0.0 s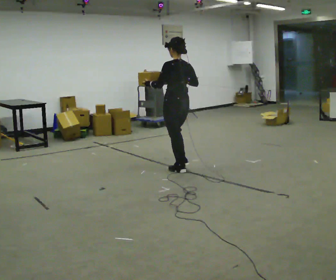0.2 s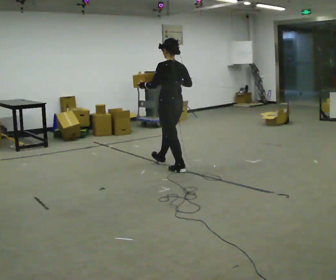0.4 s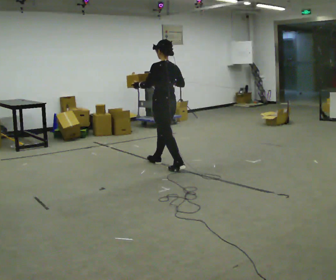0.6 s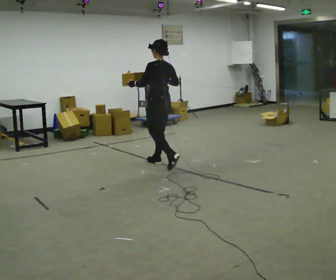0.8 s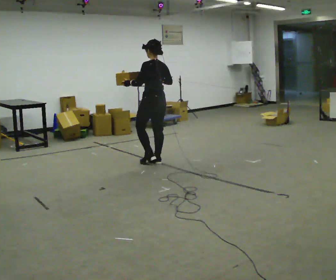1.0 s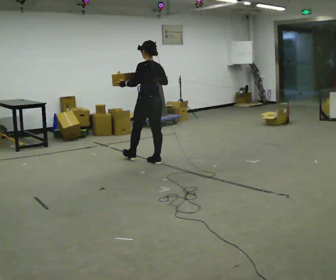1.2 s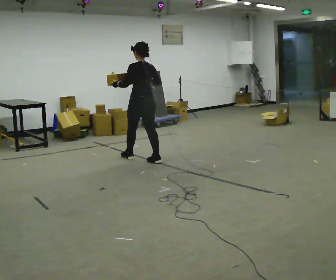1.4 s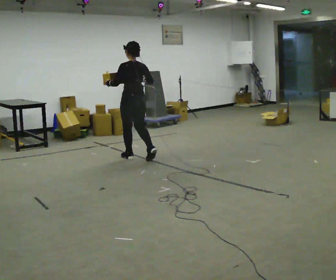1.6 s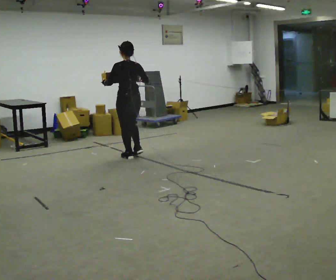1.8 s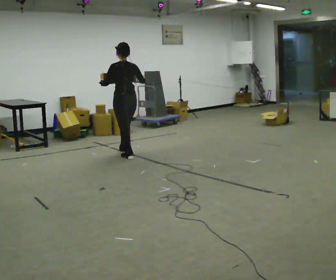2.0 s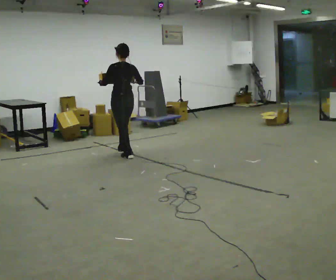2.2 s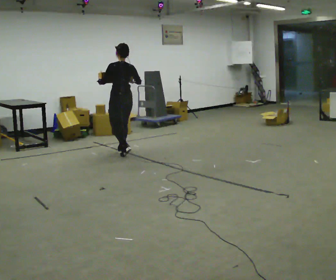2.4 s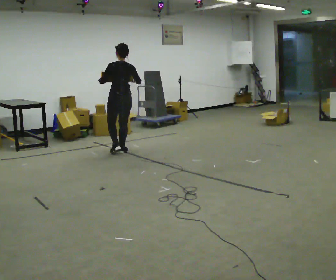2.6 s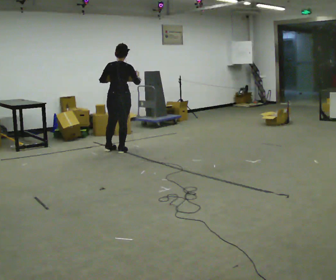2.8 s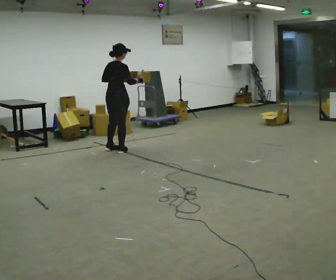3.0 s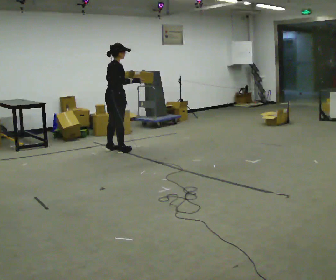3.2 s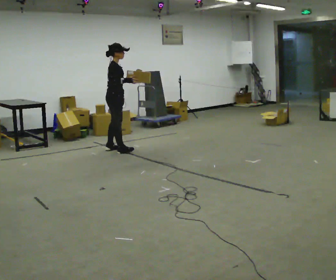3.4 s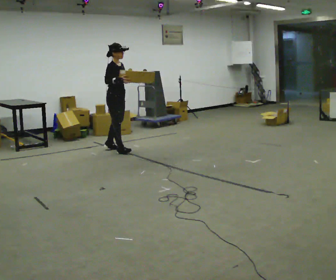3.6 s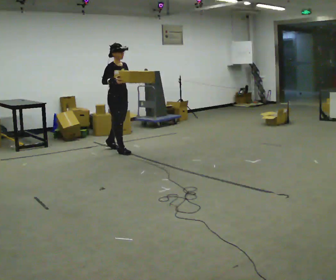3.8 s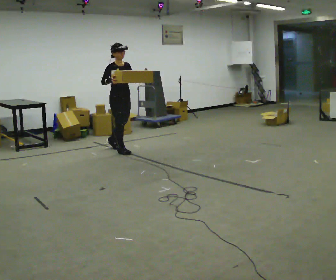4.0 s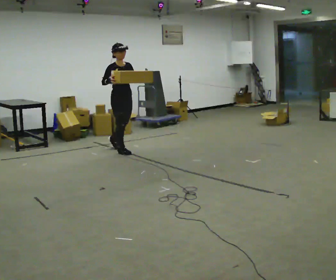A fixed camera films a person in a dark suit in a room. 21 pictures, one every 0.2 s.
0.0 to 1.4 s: In the picture they go away from the camera and to the left, about 1 m in 2 steps, which for them is forward.
1.4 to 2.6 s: The part of the body nearest the lens slides to the left as the person turns to their right by about 30 degrees. In the picture they go away from the camera and to the left, about 0.5 m in 1 step, which for them is forward.
2.6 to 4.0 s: The person turns about 135 degrees to their right, clockwise seen from above, so the part of the body nearest the lens slides to the left. In the picture their left hand goes to the right.
The film runs forward here.
